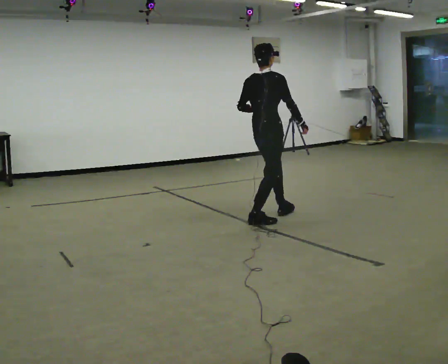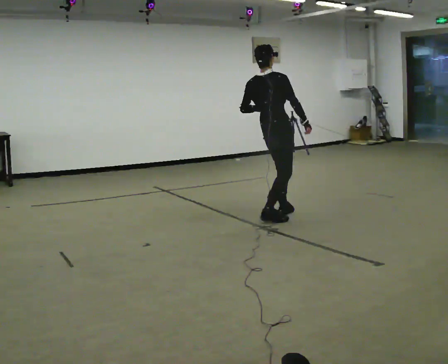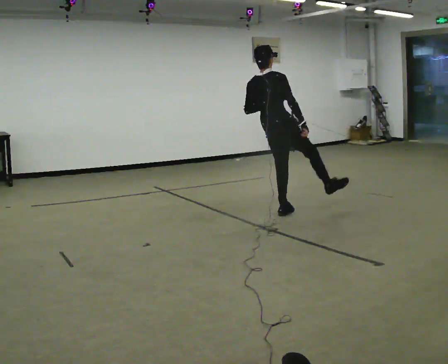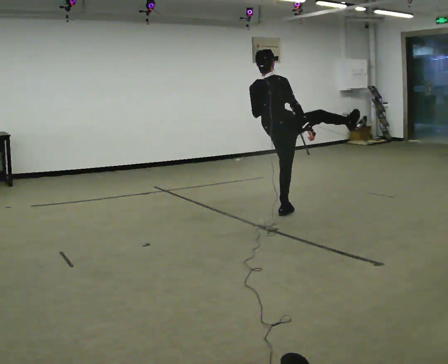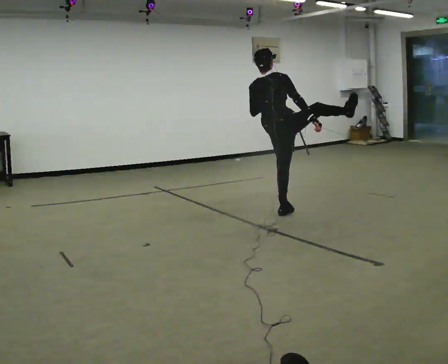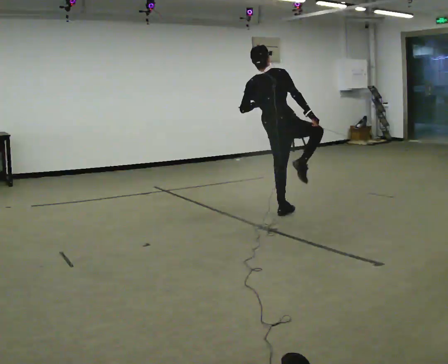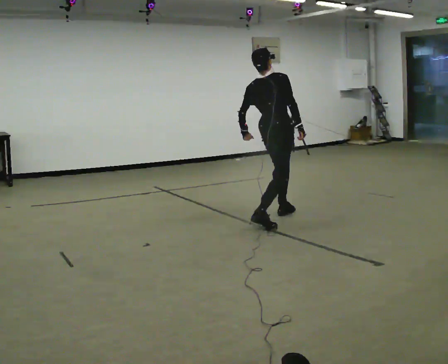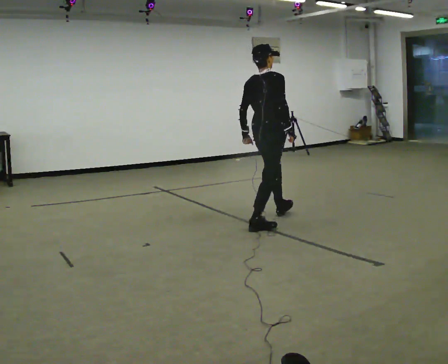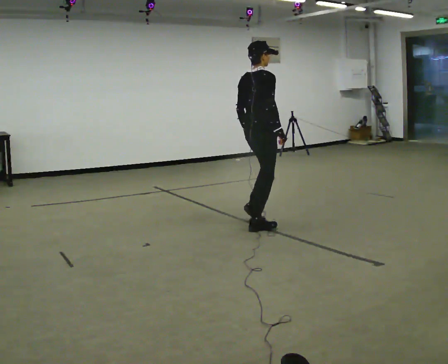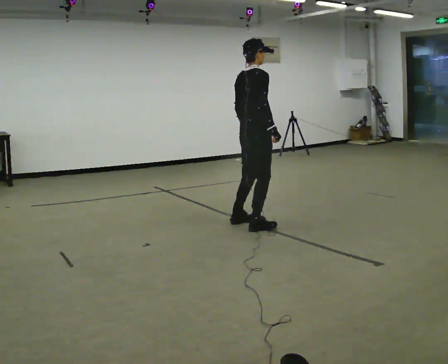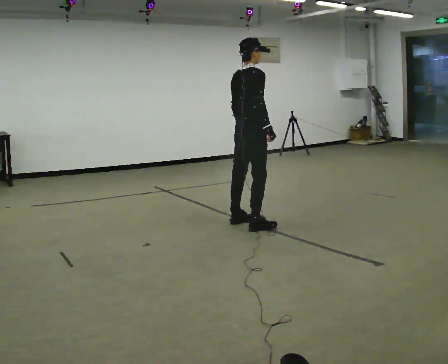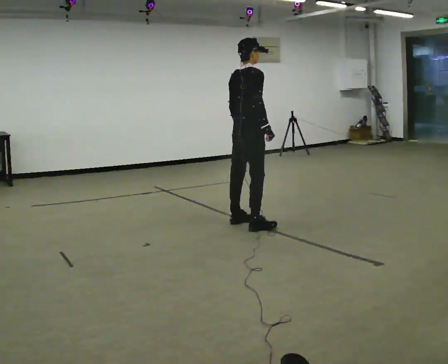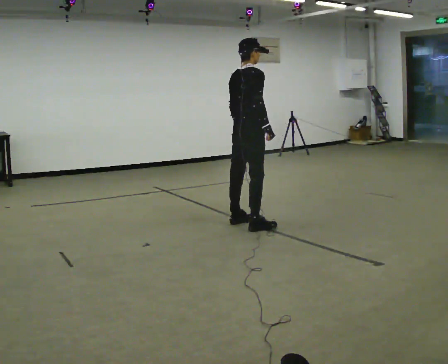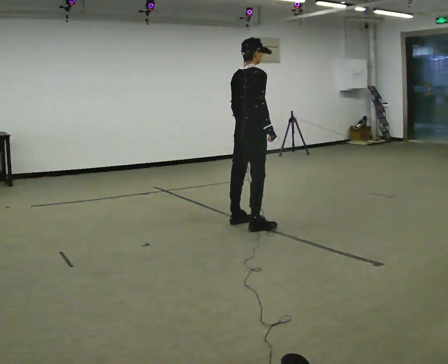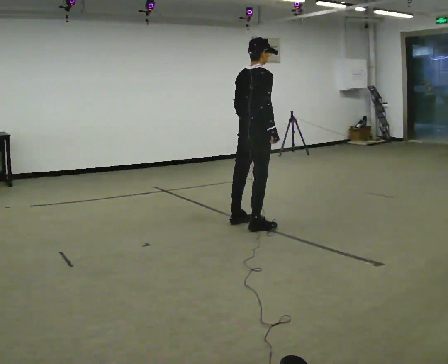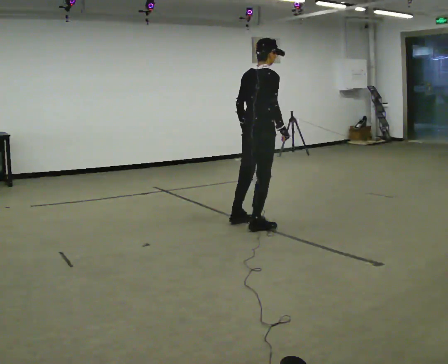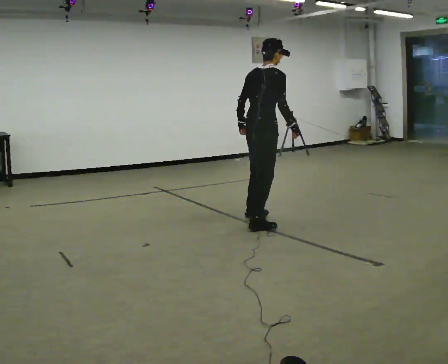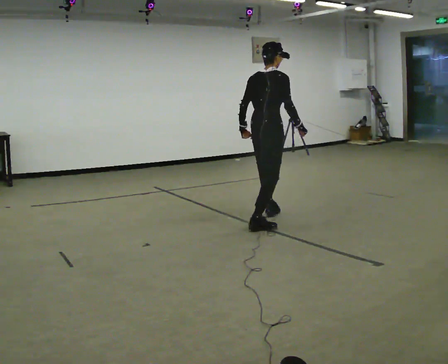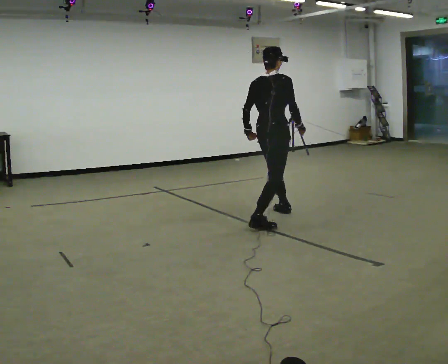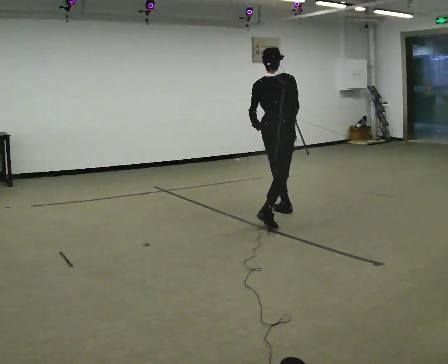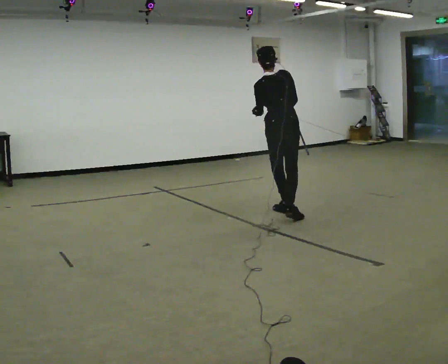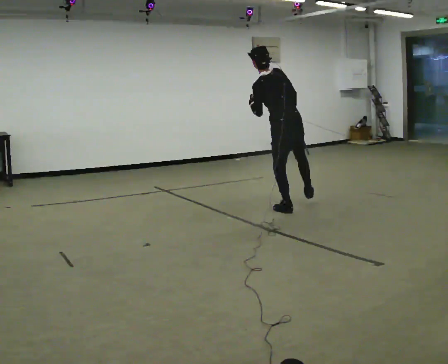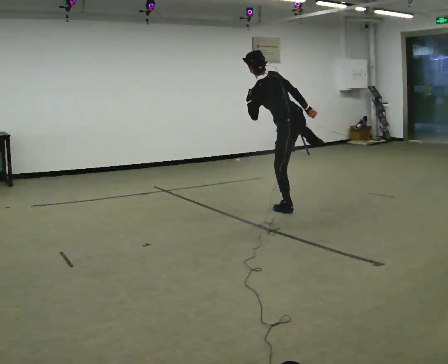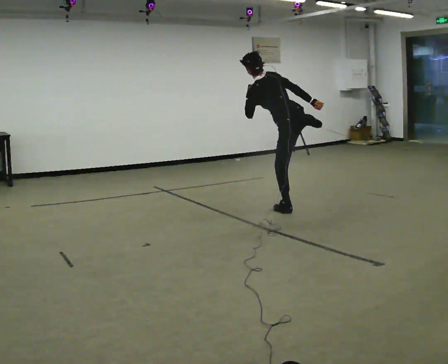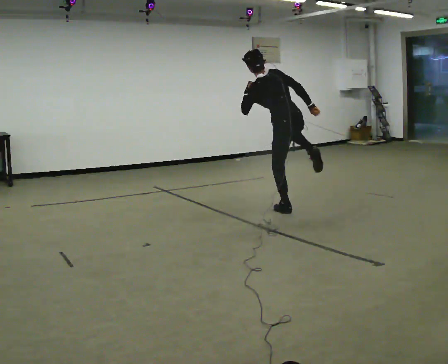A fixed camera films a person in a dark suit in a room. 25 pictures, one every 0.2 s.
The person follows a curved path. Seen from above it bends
counterclockwise.
0.0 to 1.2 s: The person moves a little, or ends about where they began.
1.2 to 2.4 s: In the picture they go to the left and toward the camera, about 0.25 m in 1 step, which for them is backward.
2.4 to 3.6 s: In the picture they go to the right, about 0.25 m in 1 step, which for them is forward. In the picture their right hand goes to the right.
3.6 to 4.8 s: The part of the body nearest the lens slides to the right as the person turns to their left by about 75 degrees. In the picture they go away from the camera and to the right, about 0.25 m in 2 steps. In the picture the upper body tilts counterclockwise, shoulders to the left. In the picture their left hand goes upward.
The film runs backward here.
